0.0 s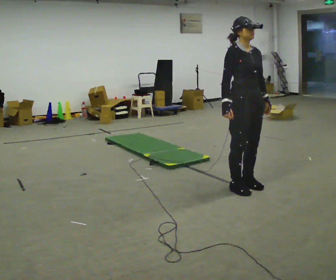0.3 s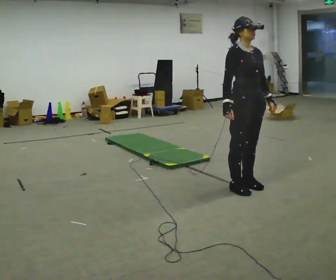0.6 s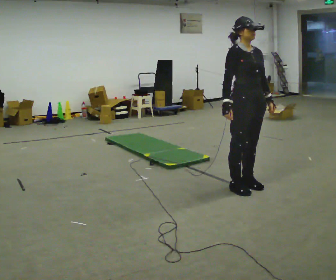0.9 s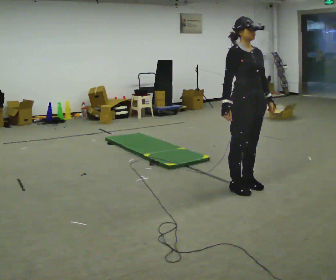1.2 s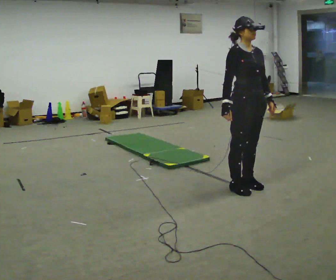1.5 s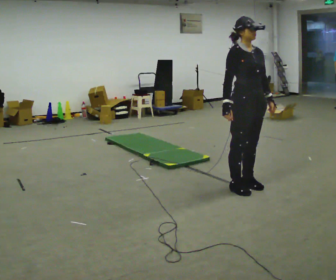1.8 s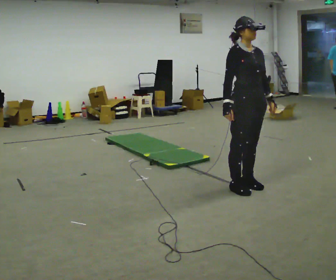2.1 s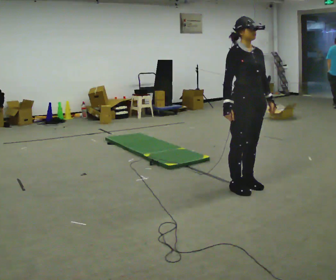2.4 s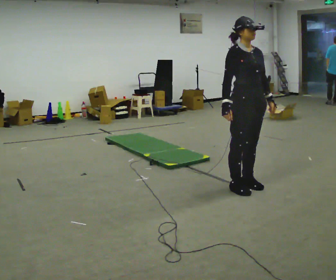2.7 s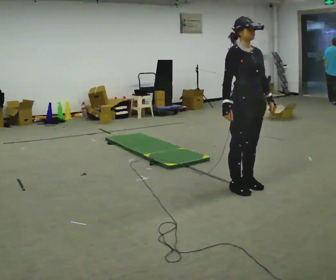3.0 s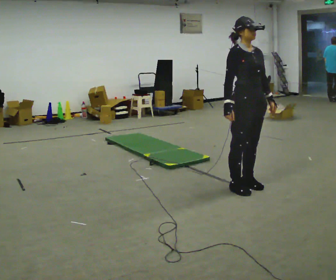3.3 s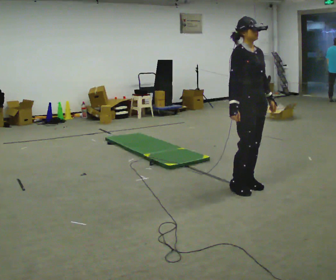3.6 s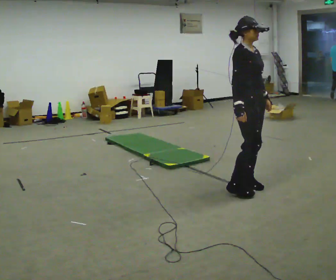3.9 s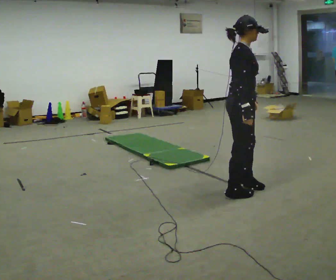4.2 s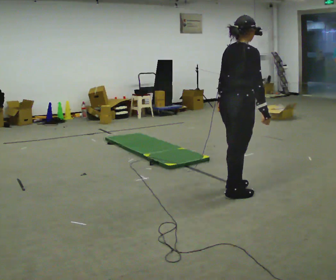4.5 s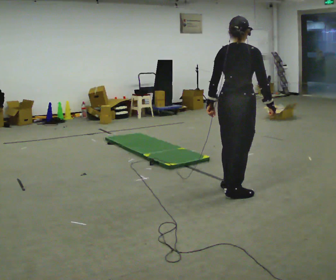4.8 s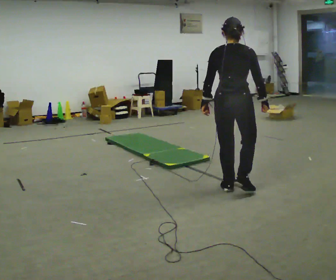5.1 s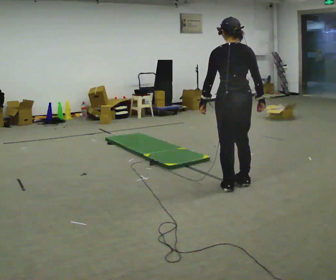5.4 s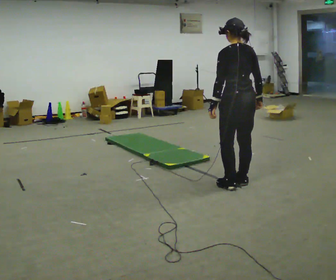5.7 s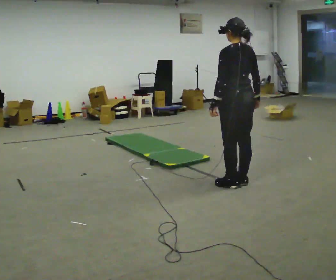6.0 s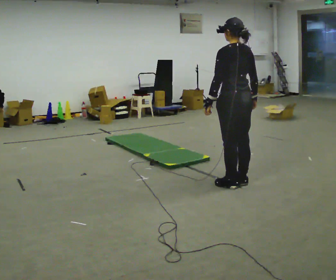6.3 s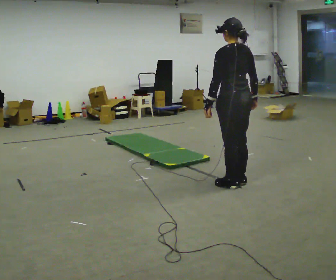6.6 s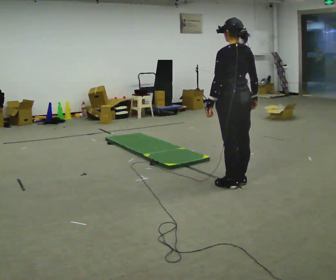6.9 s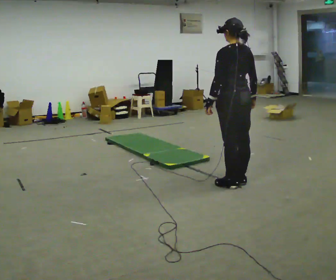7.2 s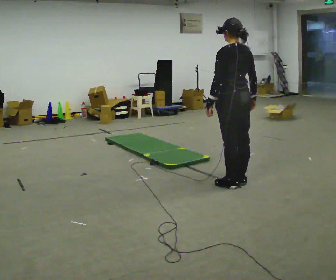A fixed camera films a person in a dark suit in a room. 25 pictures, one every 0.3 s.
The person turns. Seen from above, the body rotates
counterclockwise.
The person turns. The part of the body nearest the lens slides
to the right.
0.0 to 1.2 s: The person moves a little, or ends about where they began.
1.2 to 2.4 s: The person keeps their place and pose.
2.4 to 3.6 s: The person moves a little, or ends about where they began.
3.6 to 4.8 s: The part of the body nearest the lens slides to the right as the person turns to their left by about 105 degrees.
4.8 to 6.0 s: Seen from above the body turns counterclockwise, about 45 degrees: to their left, with its near side sliding to the right.
6.0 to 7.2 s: The person moves a little, or ends about where they began.
The film runs forward here.
